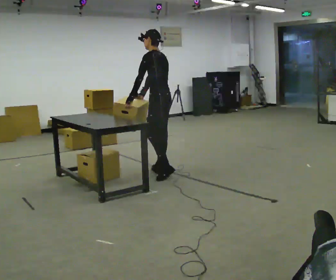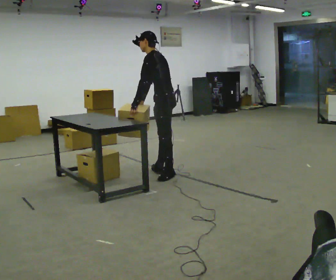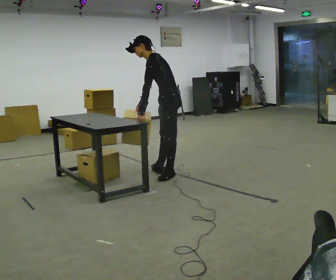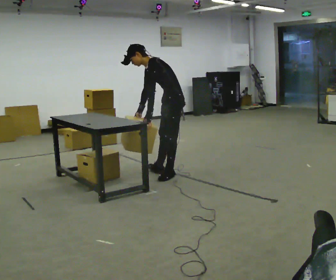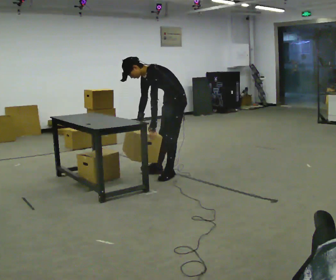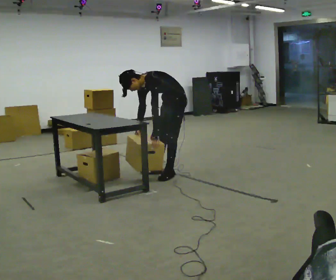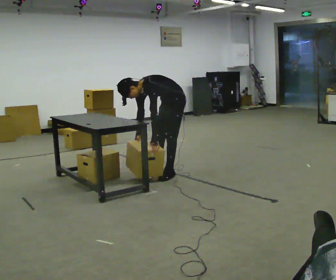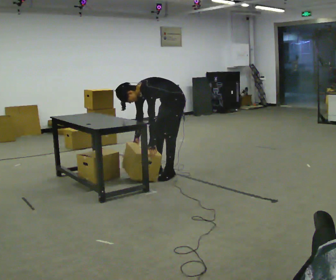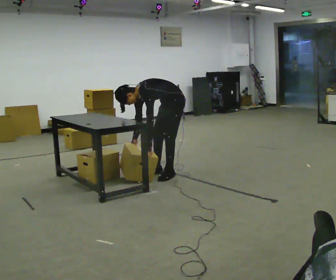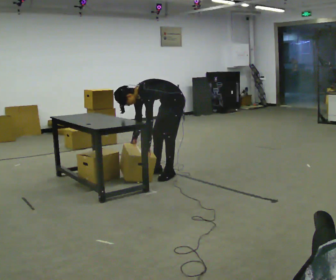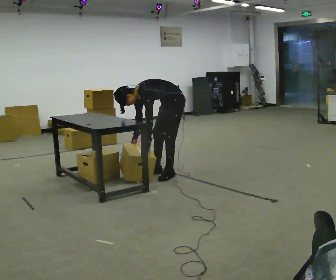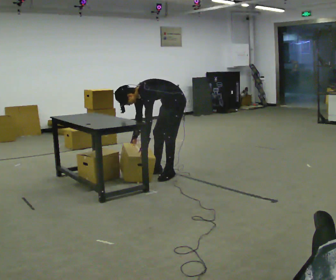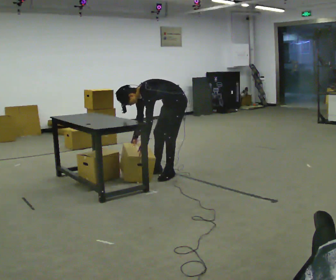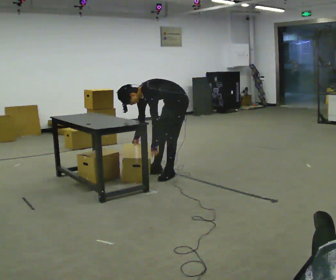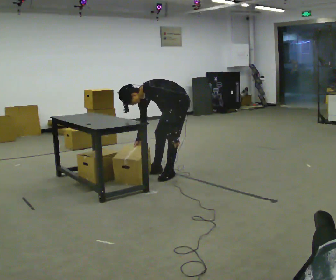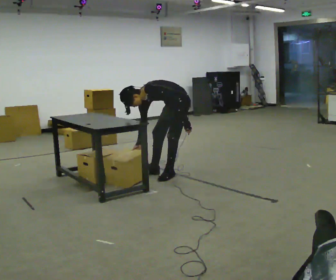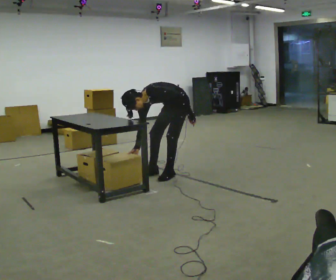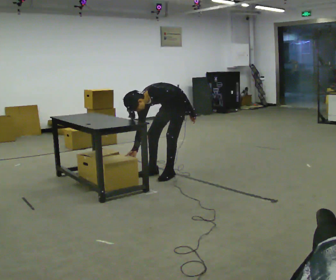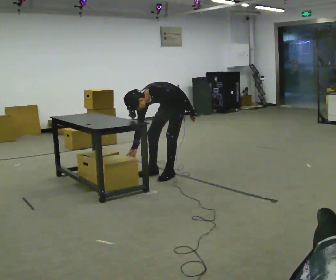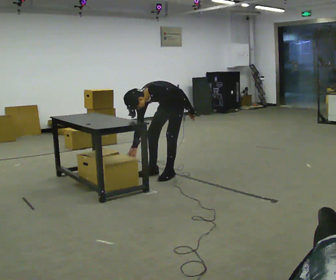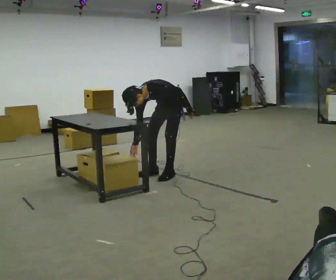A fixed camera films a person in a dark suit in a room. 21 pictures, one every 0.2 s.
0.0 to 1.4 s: Seen from above the body turns counterclockwise, about 60 degrees: to their left, with its near side sliding to the right. The upper body goes downward. The upper body tips toward the camera, its near side rolling downward, as they bend forward. In the picture their left hand goes downward and to the right, the arm swinging counterclockwise.
1.4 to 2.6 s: The person moves a little, or ends about where they began.
2.6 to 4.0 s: In the picture their left hand goes to the right and upward, the arm swinging counterclockwise.
The film runs backward here.
